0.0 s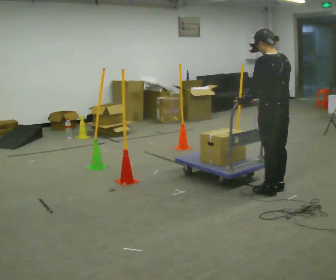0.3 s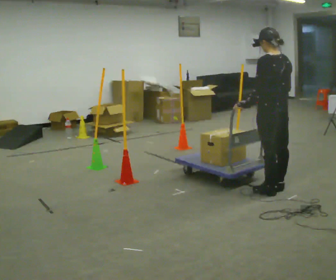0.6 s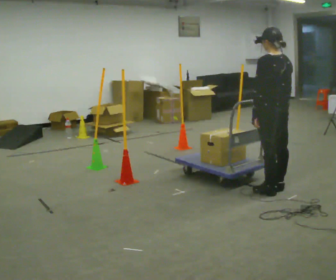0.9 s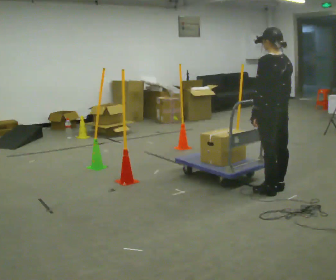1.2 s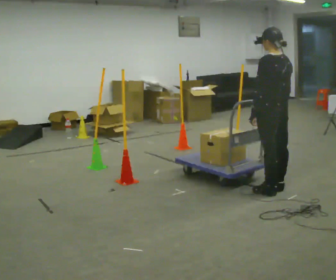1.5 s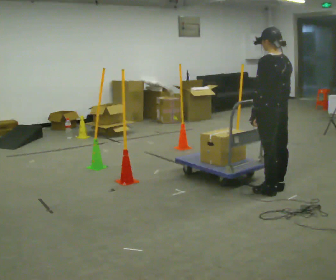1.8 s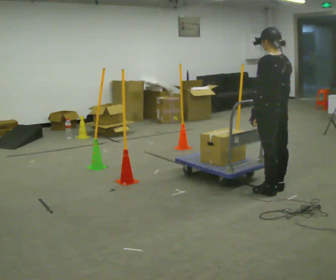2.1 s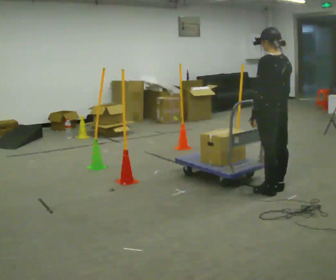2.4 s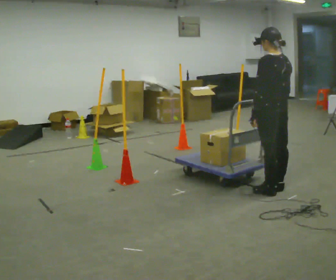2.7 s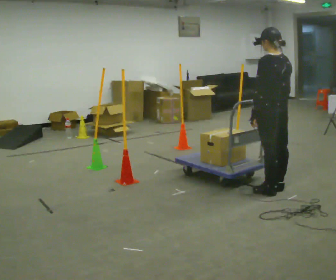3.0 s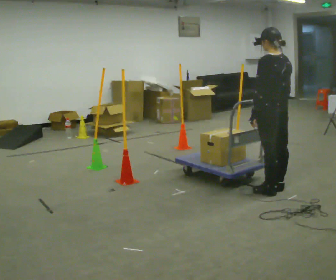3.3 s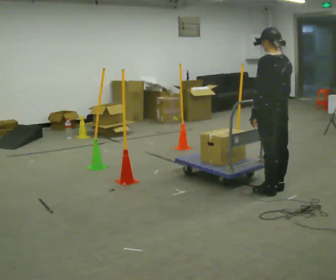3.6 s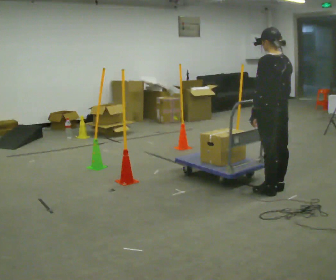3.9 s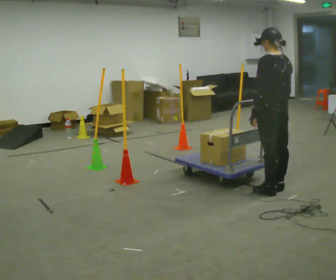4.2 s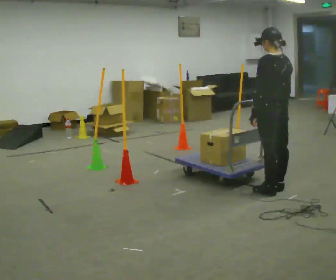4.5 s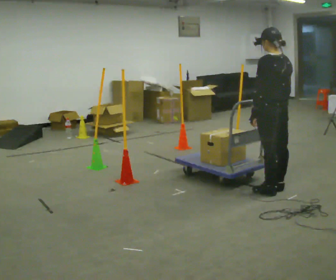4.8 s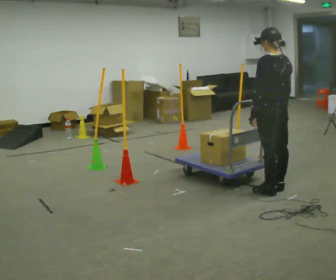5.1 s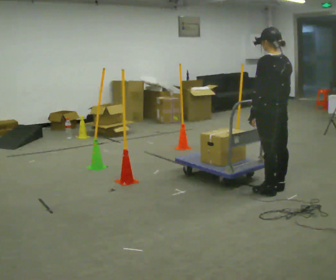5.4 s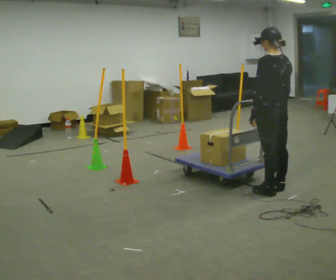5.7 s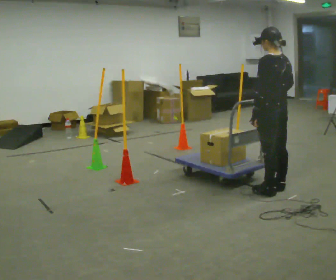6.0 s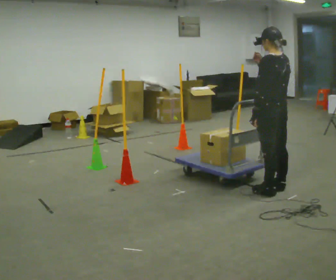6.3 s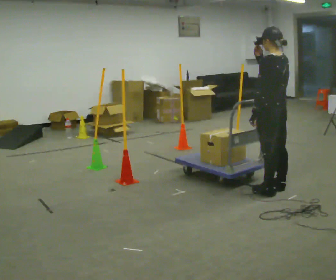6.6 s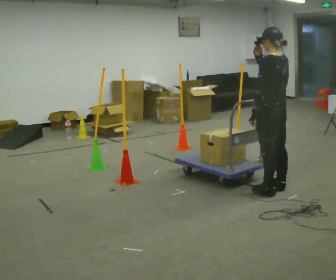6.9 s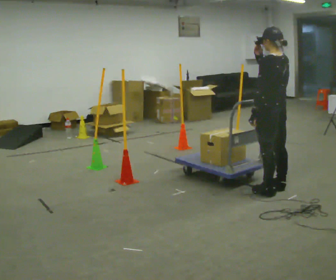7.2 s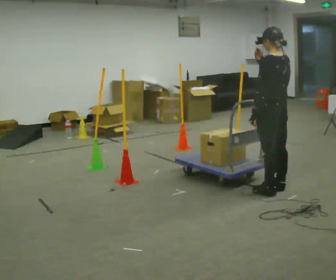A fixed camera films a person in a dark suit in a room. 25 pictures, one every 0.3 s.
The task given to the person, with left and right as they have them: Push the cart in and out of the line of poles without touching any of them. Keep going until the operator says stop.
0.0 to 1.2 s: The person moves a little, or ends about where they began.
1.2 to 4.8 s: The person keeps their place and pose.
4.8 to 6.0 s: In the picture their right hand goes upward.
6.0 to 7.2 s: The person moves a little, or ends about where they began.
The film runs forward here.
